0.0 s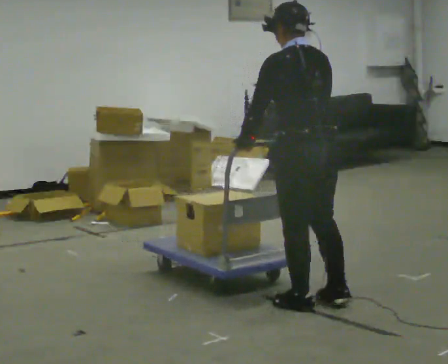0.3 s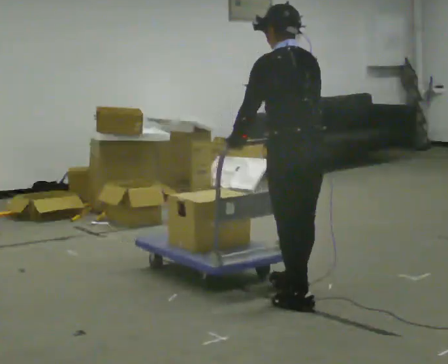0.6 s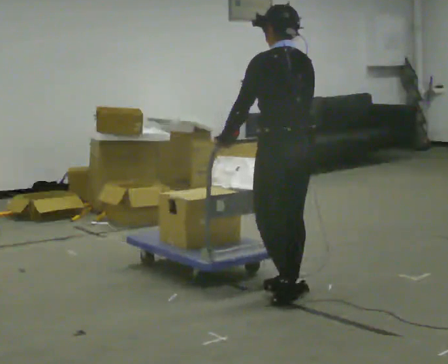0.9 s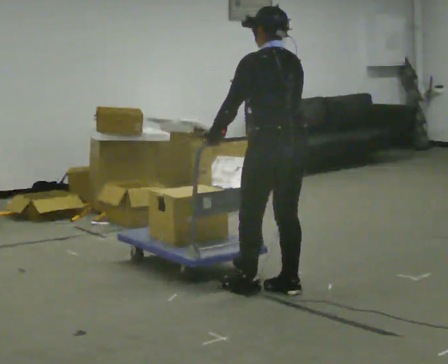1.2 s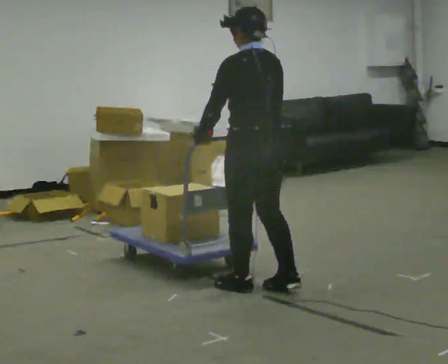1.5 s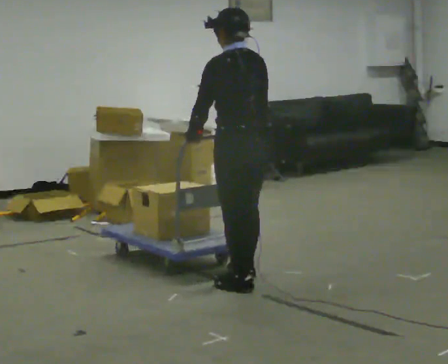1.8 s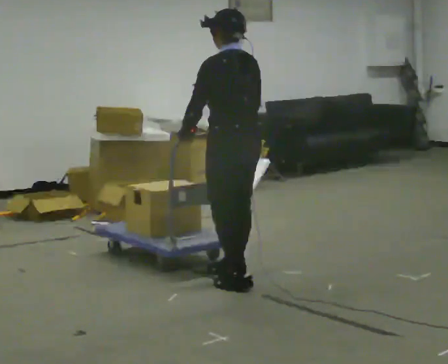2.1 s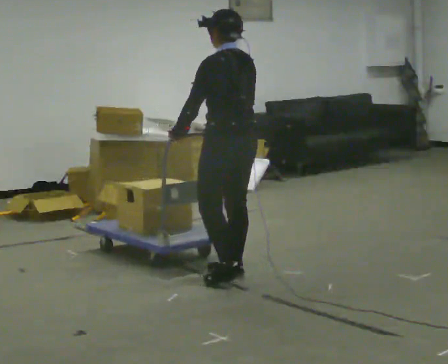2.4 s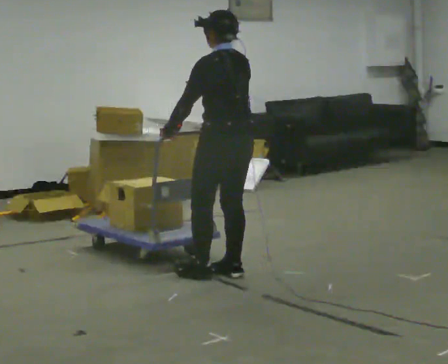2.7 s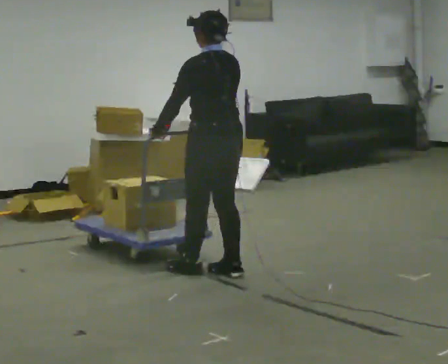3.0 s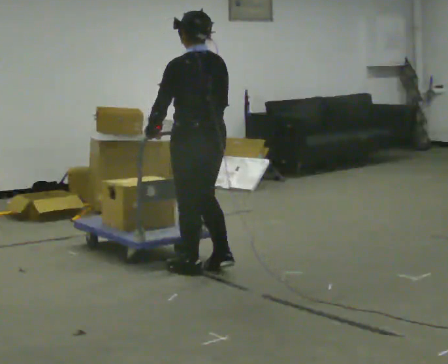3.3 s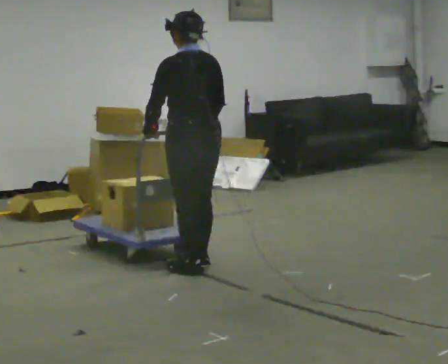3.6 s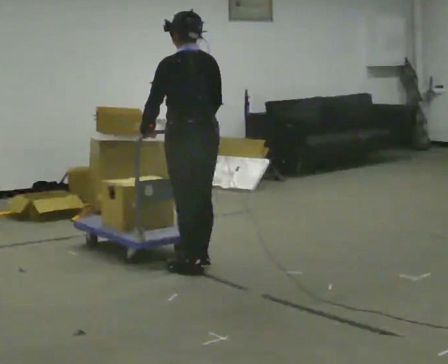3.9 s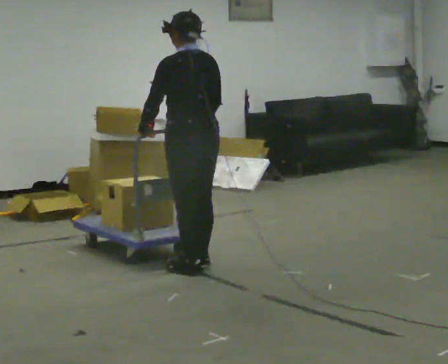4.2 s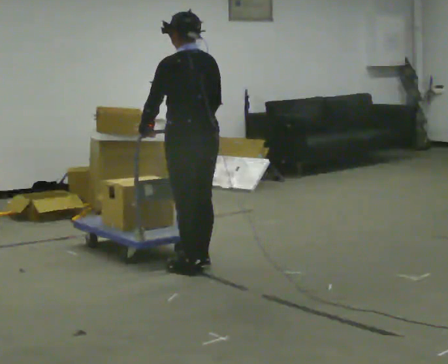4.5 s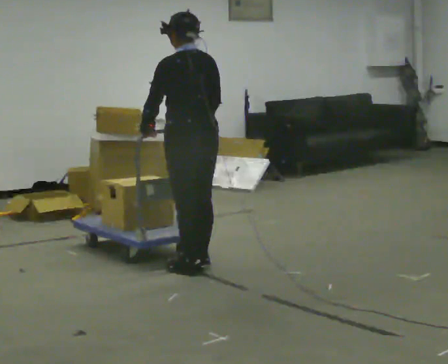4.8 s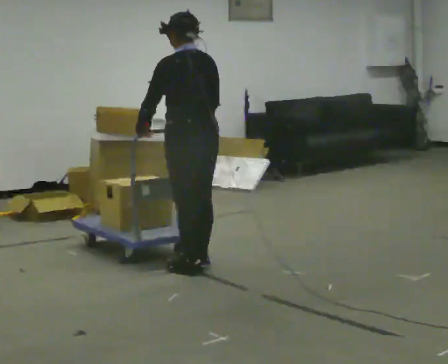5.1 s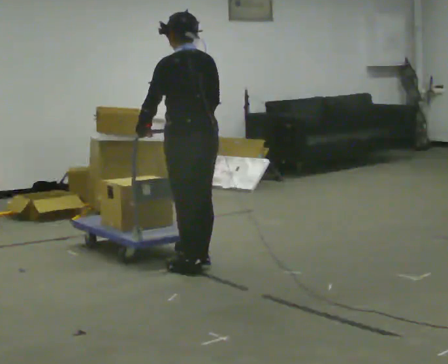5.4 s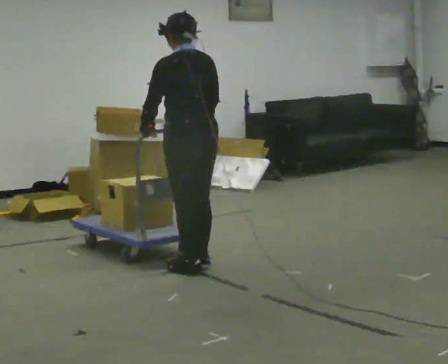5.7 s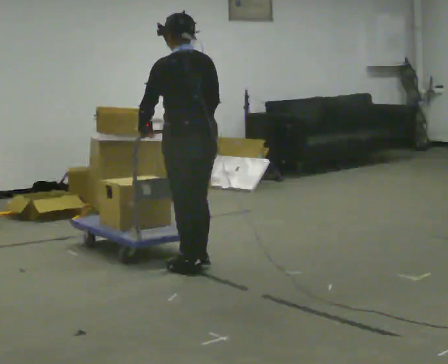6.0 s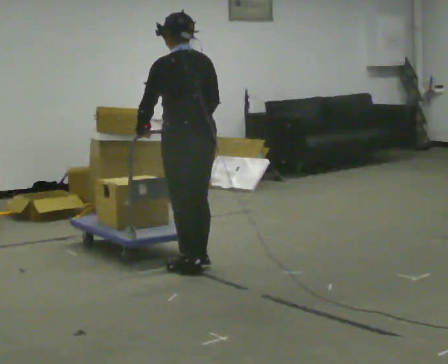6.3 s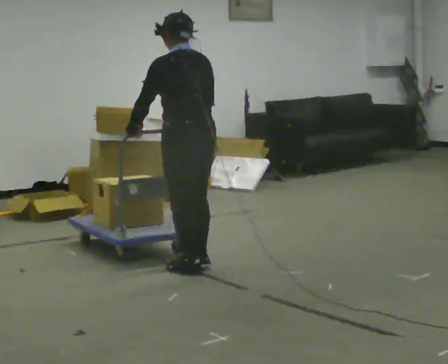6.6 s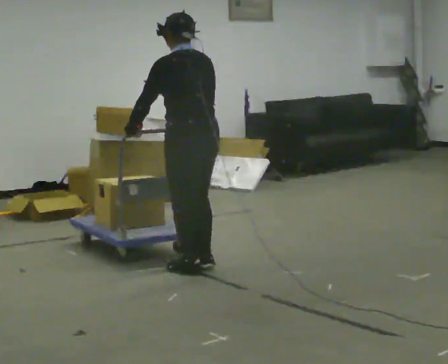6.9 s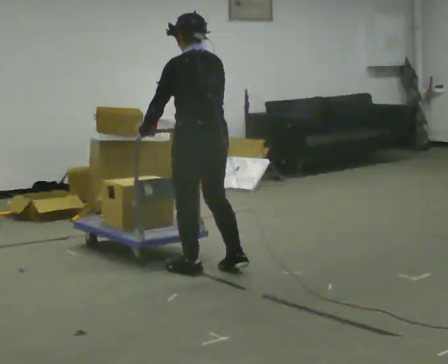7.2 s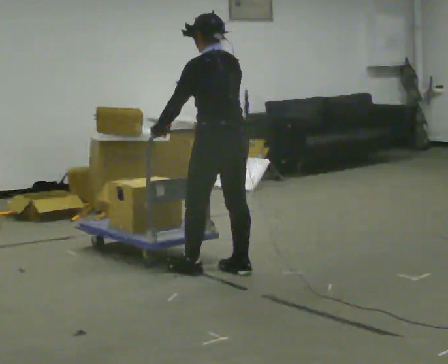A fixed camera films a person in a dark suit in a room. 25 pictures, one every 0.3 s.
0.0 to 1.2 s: In the picture they go away from the camera and to the left, about 0.5 m in 1 step, which for them is forward.
1.2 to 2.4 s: In the picture they go away from the camera and to the left, about 0.25 m in 2 steps, which for them is forward.
2.4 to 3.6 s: In the picture they go to the left, about 0.25 m in 1 step, which for them is forward.
3.6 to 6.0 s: The person moves a little, or ends about where they began.
6.0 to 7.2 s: In the picture they go to the right, about 0.25 m in 1 step, which for them is to their right and backward.
The film runs backward here.
